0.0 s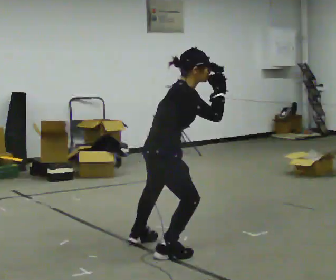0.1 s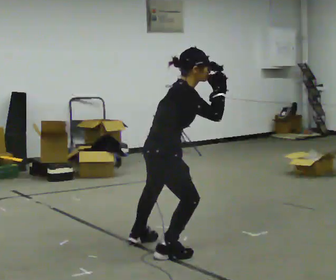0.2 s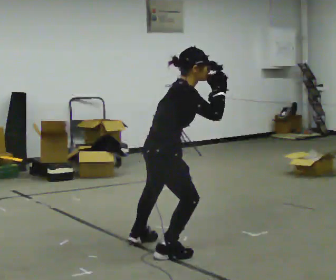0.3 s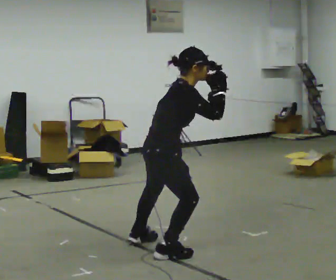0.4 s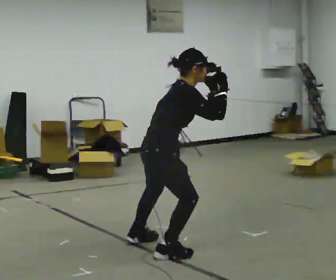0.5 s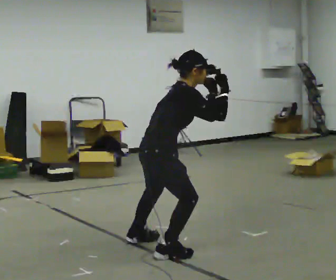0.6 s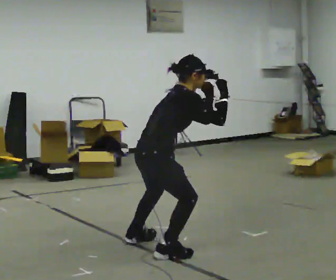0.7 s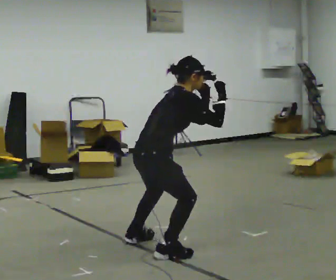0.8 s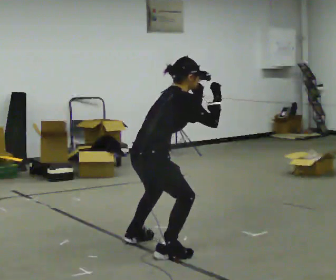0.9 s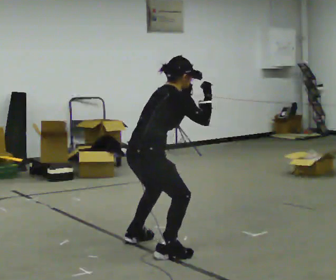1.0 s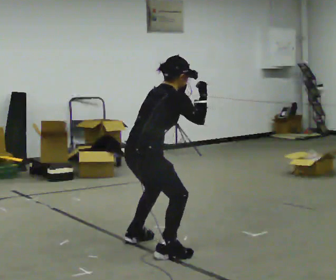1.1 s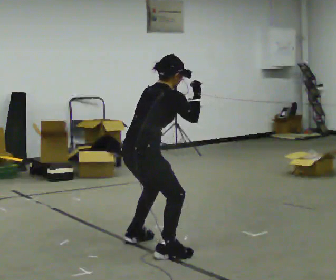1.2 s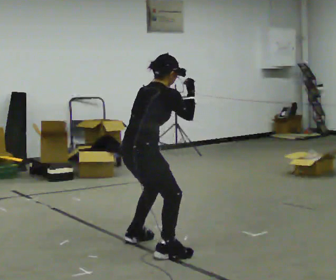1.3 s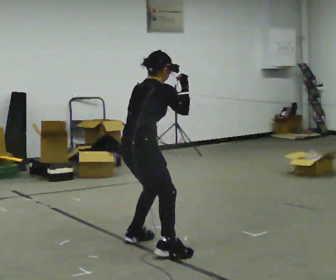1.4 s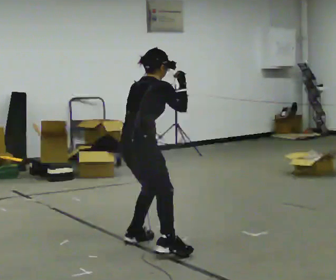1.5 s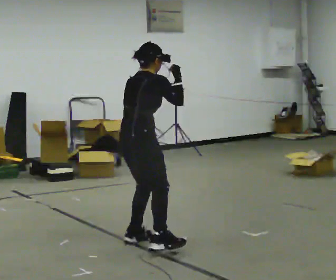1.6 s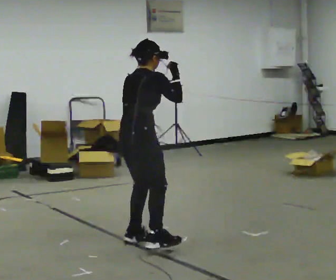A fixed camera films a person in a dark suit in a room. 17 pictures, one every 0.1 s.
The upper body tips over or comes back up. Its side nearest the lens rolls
upward.
0.0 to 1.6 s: The part of the body nearest the lens slides to the right as the person turns to their left by about 30 degrees. In the picture they go away from the camera and to the left, about 0.25 m, which for them is to their left. The upper body tips away from the camera, its near side rolling upward.
The film runs forward here.
